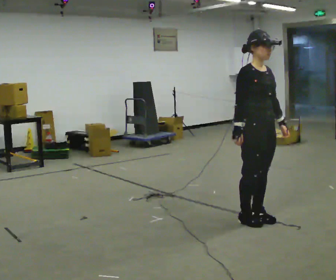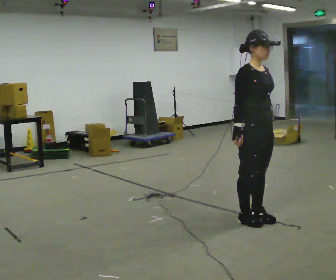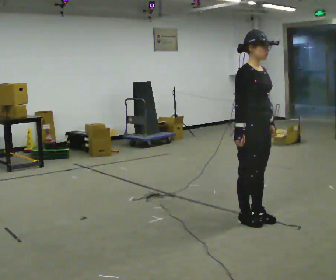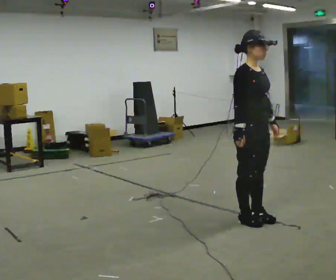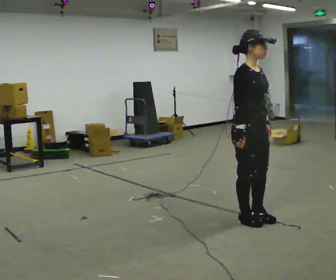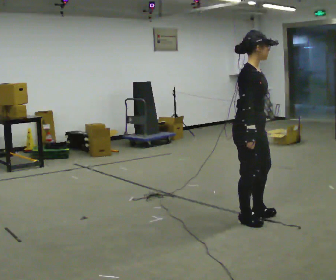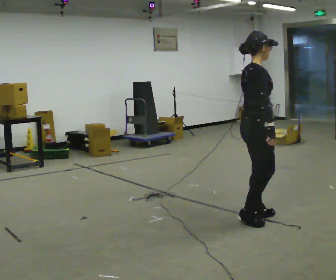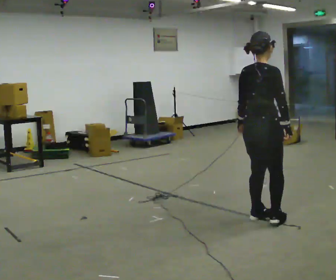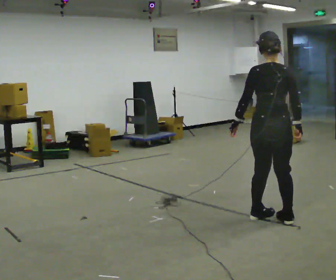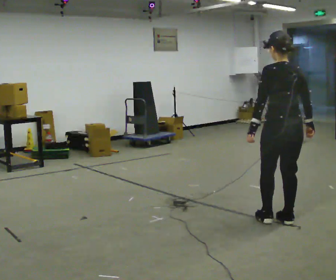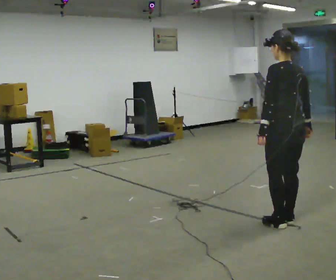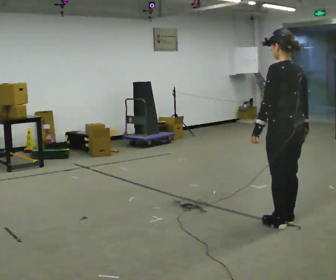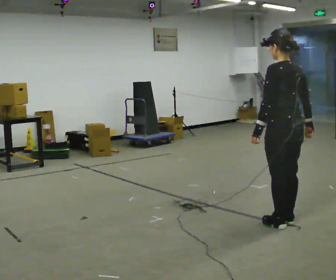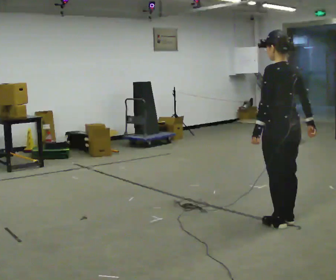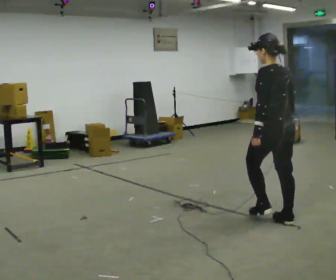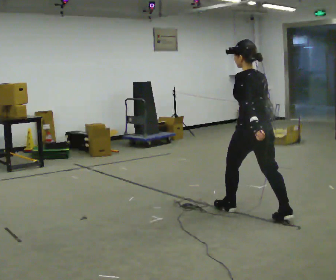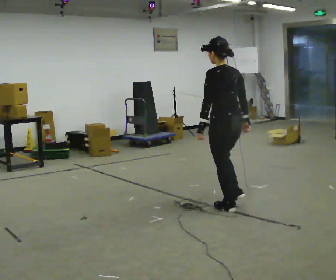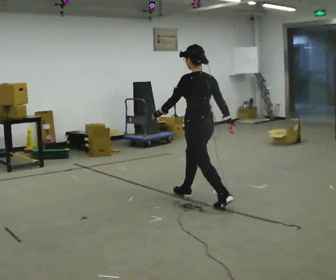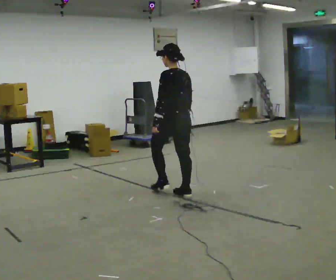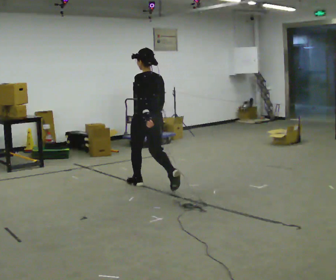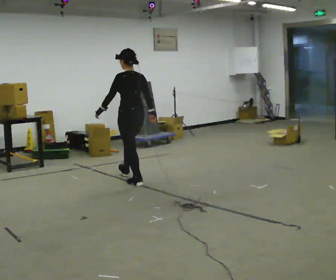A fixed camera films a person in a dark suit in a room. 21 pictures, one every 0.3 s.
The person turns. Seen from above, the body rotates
counterclockwise.
The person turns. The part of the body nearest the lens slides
to the right.
0.0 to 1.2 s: The person moves a little, or ends about where they began.
1.2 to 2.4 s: The part of the body nearest the lens slides to the right as the person turns to their left by about 120 degrees. In the picture they go to the right, about 0.25 m in 1 step.
2.4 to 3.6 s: The person turns about 45 degrees to their left, counterclockwise seen from above, so the part of the body nearest the lens slides to the right.
3.6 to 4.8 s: In the picture they go to the left and away from the camera, about 0.75 m in 1 step, which for them is forward.
4.8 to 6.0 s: In the picture they go to the left and away from the camera, about 1.5 m in 2 steps, which for them is forward.
The film runs forward here.
